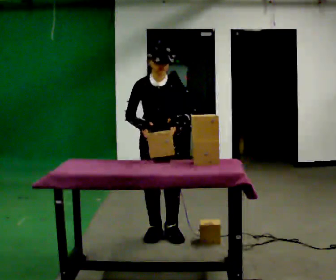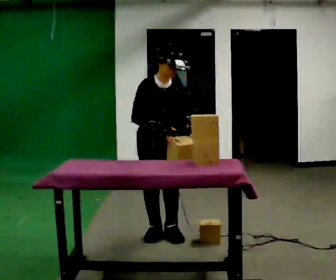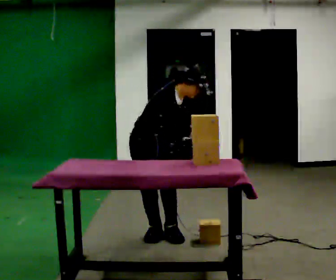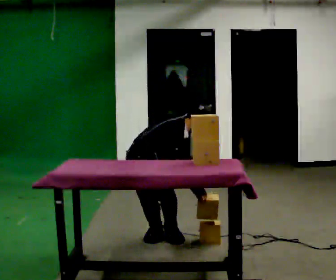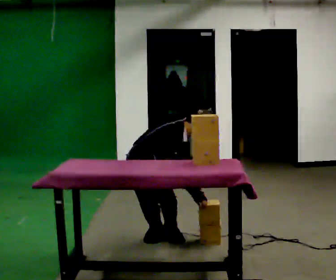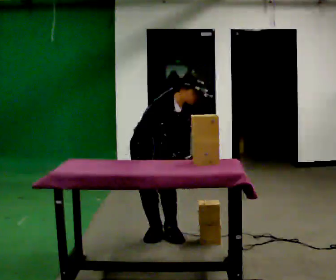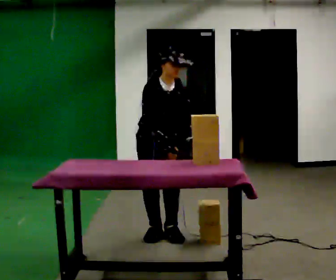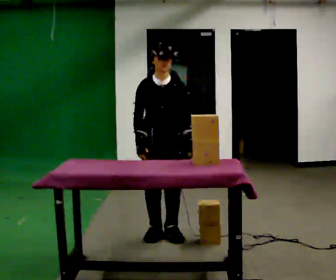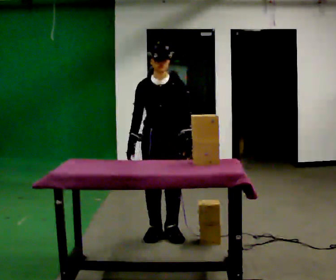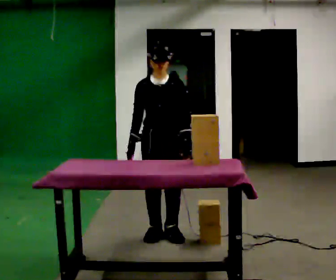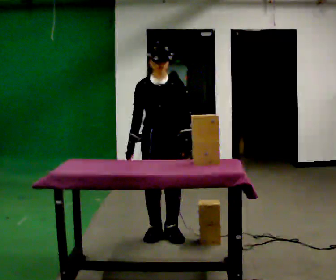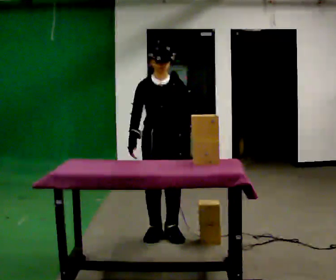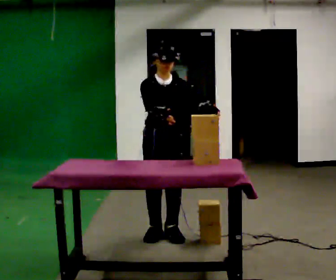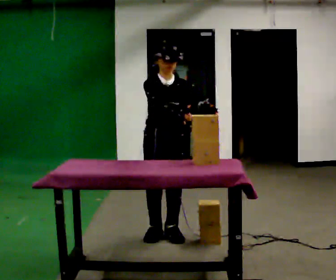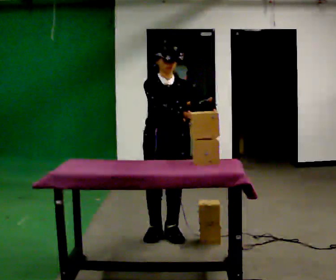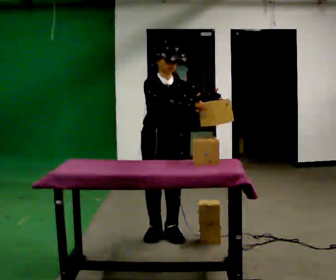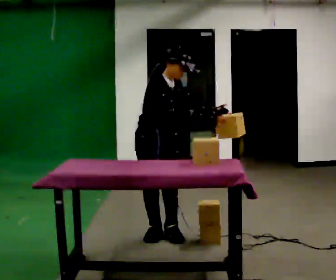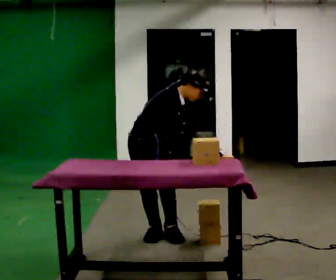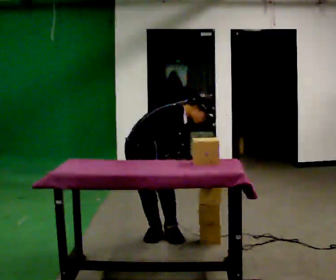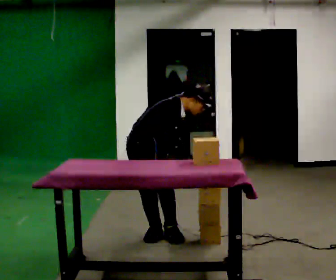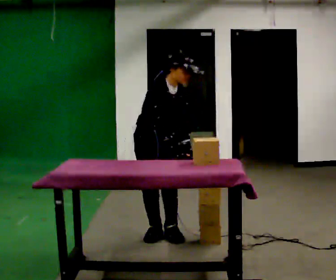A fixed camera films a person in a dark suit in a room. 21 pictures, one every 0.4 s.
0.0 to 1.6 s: The part of the body nearest the lens slides to the right as the person turns to their left by about 45 degrees. The shoulders move downward. In the picture the upper body tilts clockwise, shoulders to the right, as they bend forward. In the picture their left hand goes downward.
1.6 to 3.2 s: The person turns about 45 degrees to their right, clockwise seen from above, so the part of the body nearest the lens slides to the left. The upper body goes upward. In the picture the upper body tilts counterclockwise, shoulders to the left, as they lean back or straighten. In the picture their right hand goes to the left and upward.
3.2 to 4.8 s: The person moves a little, or ends about where they began.
4.8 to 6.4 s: Seen from above the body turns counterclockwise, about 30 degrees: to their left, with its near side sliding to the right. In the picture the upper body tilts clockwise, shoulders to the right.
6.4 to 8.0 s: The person moves a little, or ends about where they began.
The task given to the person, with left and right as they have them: Pick the fragile object up and set it back down as gently as you can. Repeat at your own pace until the operator says stop. Keep both feet on the marked spots for the whole take. If you have to step, stop and tell the operator.
The film runs forward here.
